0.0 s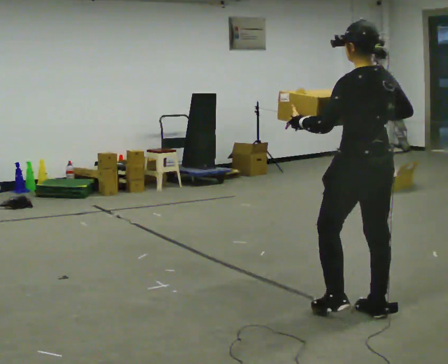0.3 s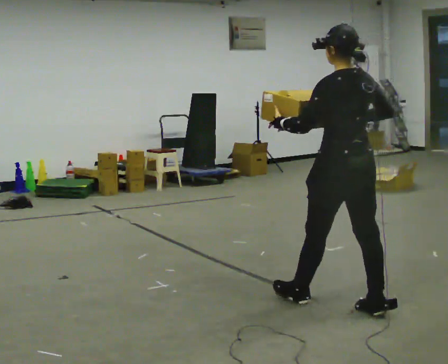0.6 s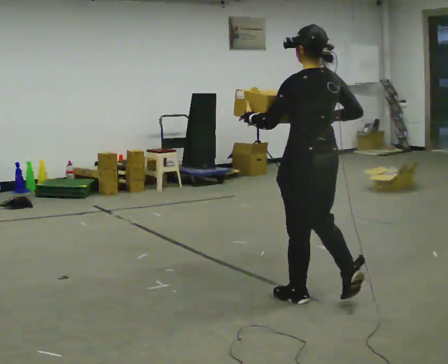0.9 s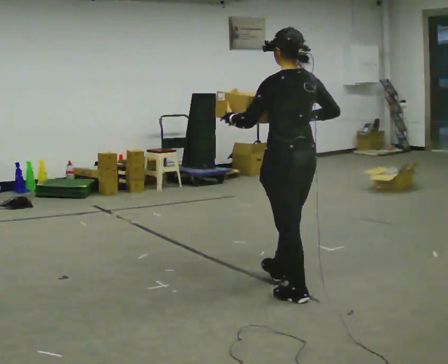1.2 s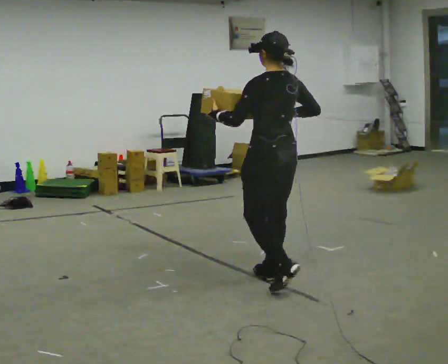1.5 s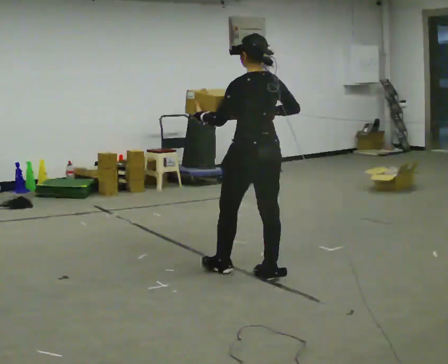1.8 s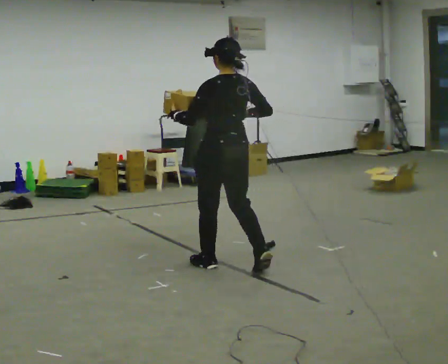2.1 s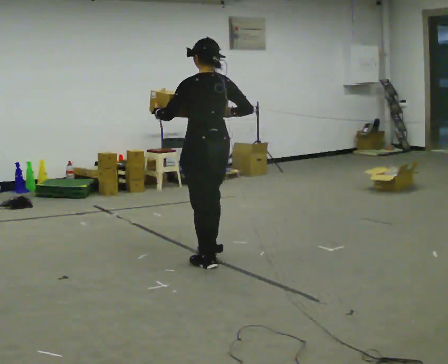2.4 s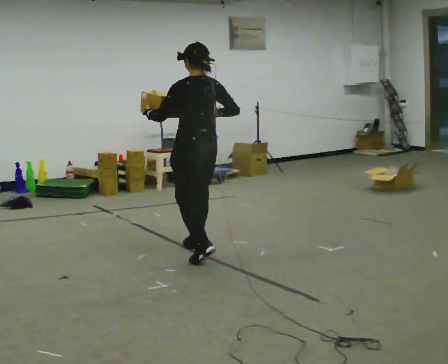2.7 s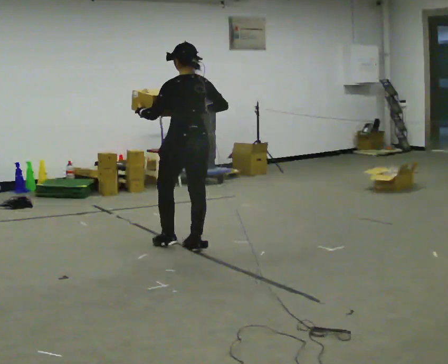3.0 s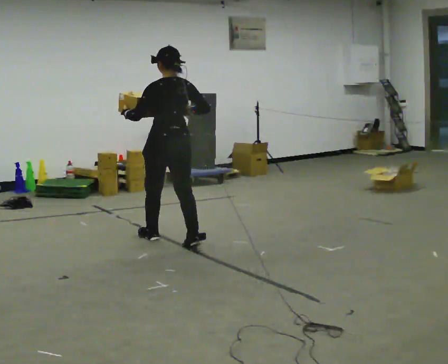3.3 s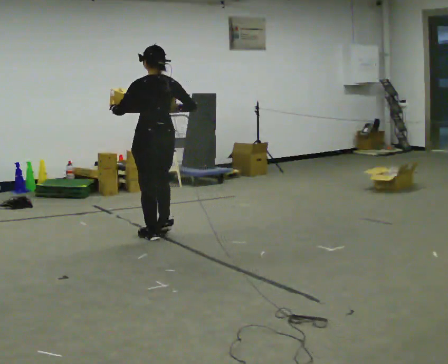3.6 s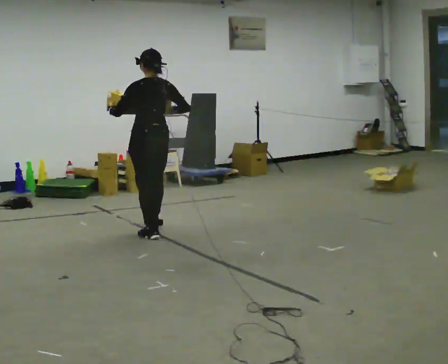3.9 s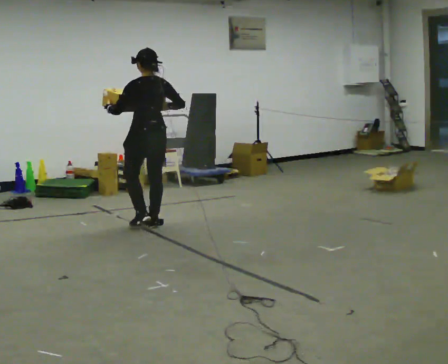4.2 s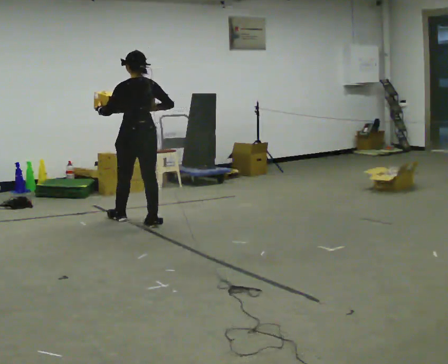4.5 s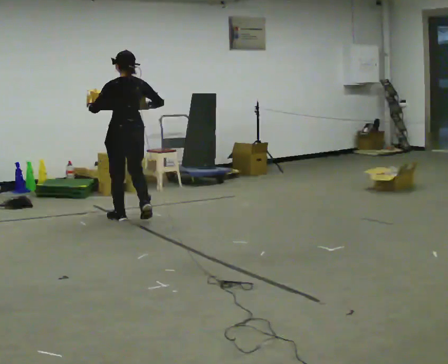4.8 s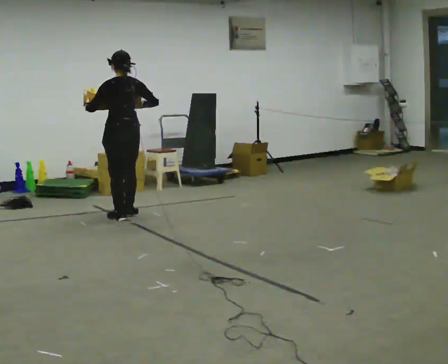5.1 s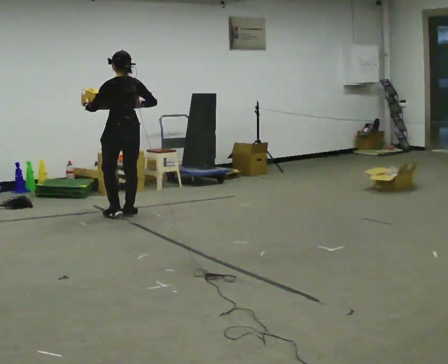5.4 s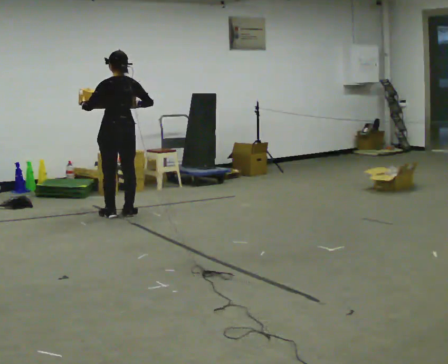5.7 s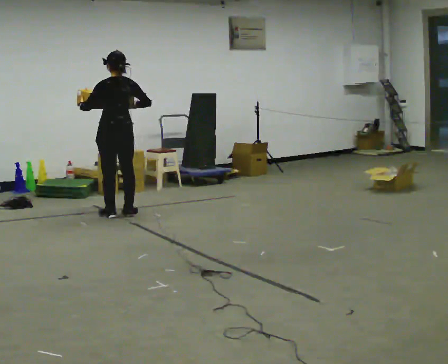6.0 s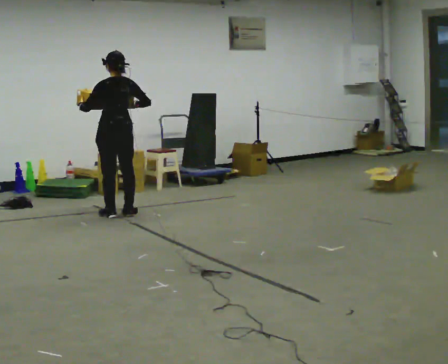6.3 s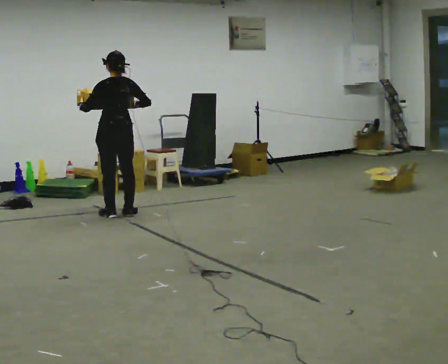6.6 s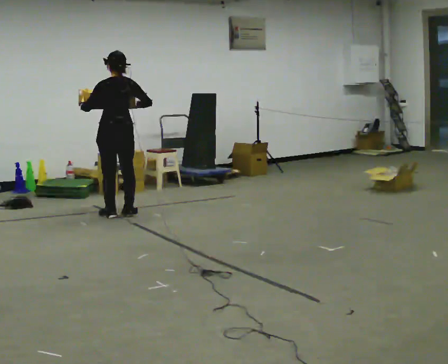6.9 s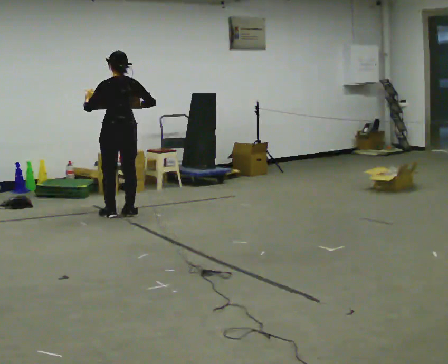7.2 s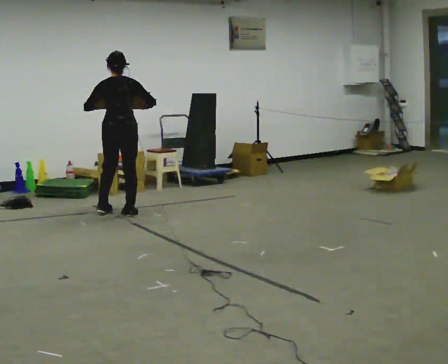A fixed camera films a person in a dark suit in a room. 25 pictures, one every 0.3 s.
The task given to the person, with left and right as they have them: Carry the medium box in both hands in front of you, walking back and forth across the room. Keep walking until the operator says stop.
0.0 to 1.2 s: In the picture they go away from the camera and to the left, about 0.5 m in 2 steps, which for them is forward.
1.2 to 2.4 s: In the picture they go away from the camera and to the left, about 1 m in 2 steps, which for them is forward.
2.4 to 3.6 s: In the picture they go away from the camera and to the left, about 1 m in 2 steps, which for them is forward.
3.6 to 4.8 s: In the picture they go away from the camera and to the left, about 0.75 m in 2 steps, which for them is forward.
4.8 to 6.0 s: The person moves a little, or ends about where they began.
6.0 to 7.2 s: The part of the body nearest the lens slides to the left as the person turns to their right by about 30 degrees.
The film runs forward here.
